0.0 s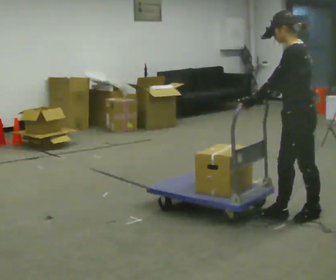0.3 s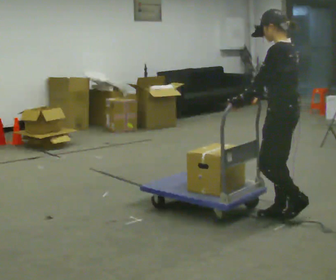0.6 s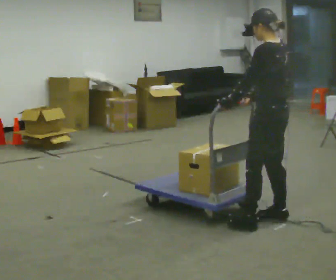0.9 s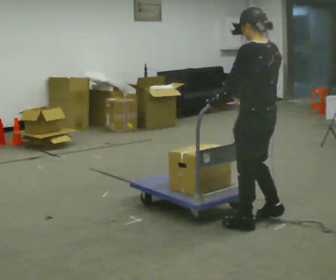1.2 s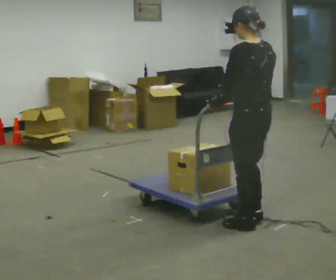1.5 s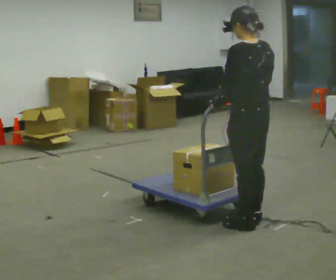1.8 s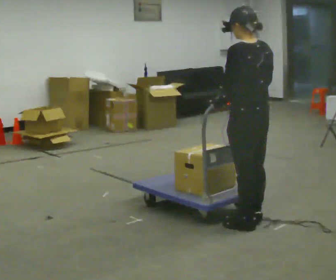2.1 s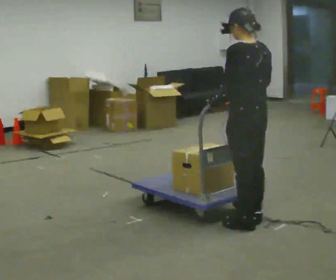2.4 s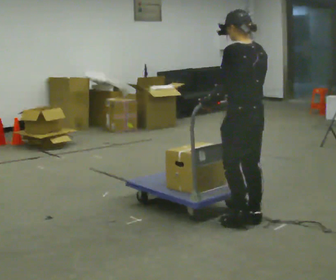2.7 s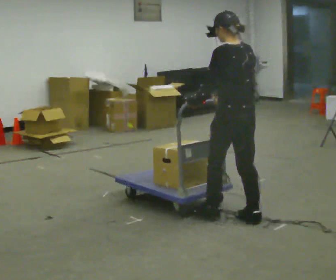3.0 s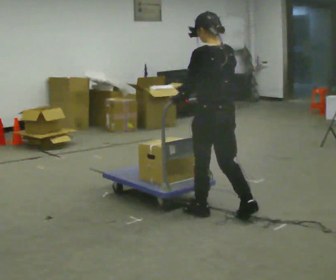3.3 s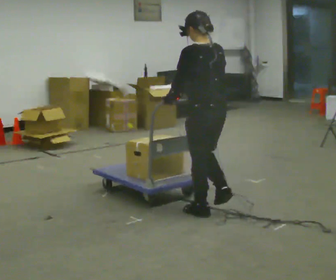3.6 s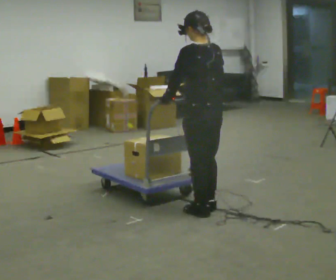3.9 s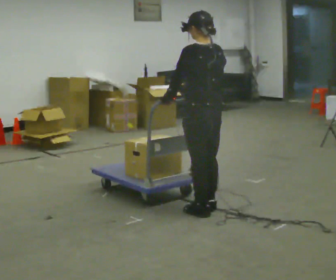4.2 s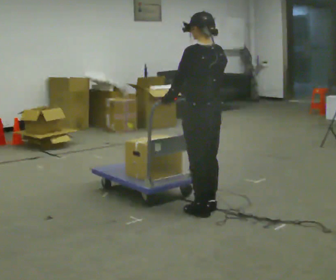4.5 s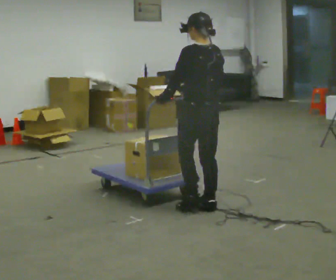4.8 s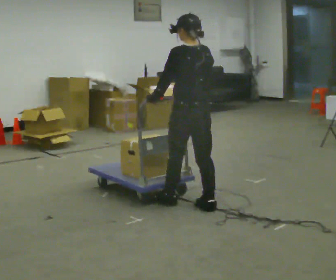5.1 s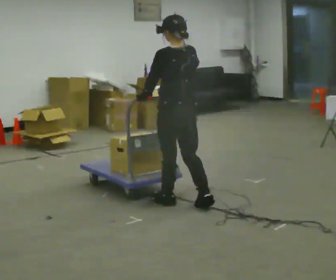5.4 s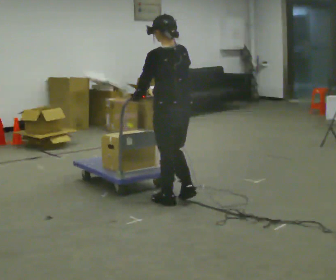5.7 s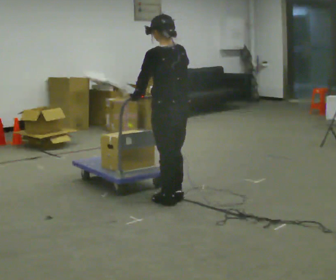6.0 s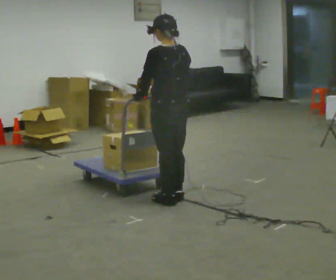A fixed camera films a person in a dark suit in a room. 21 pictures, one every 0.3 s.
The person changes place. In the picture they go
to the left.
0.0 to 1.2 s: The person turns about 30 degrees to their right, clockwise seen from above, so the part of the body nearest the lens slides to the left. In the picture they go to the left, about 0.5 m in 2 steps, which for them is to their left and forward.
1.2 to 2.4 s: The person moves a little, or ends about where they began.
2.4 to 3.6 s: In the picture they go to the left and away from the camera, about 0.25 m in 2 steps, which for them is forward.
3.6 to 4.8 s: In the picture they go away from the camera, about 0.25 m in 1 step, which for them is forward.
4.8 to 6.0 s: In the picture they go to the left, about 0.25 m in 1 step, which for them is forward.
The film runs forward here.
